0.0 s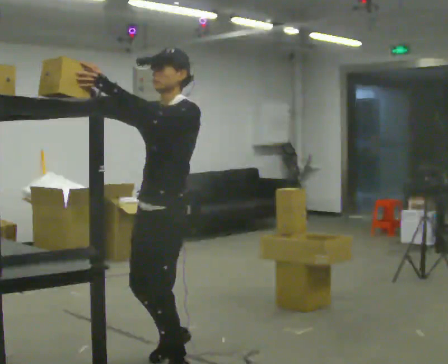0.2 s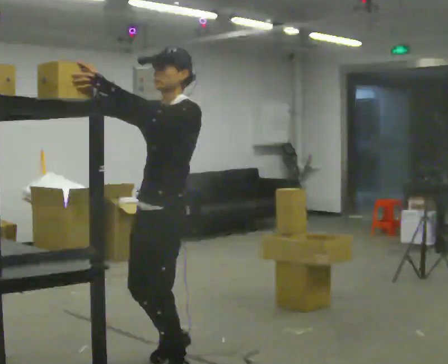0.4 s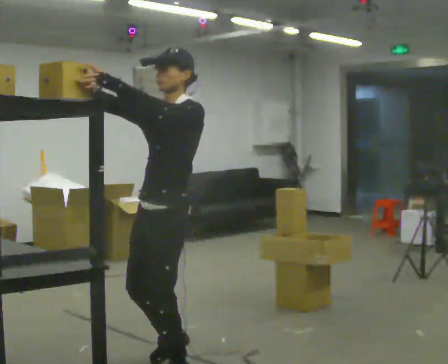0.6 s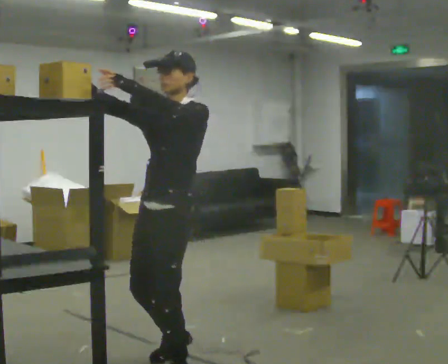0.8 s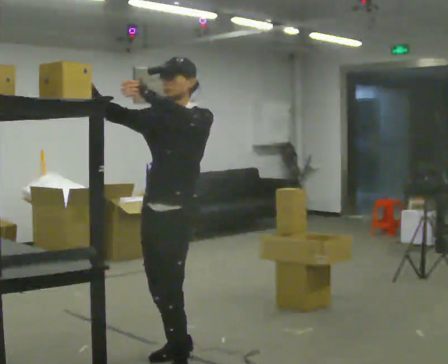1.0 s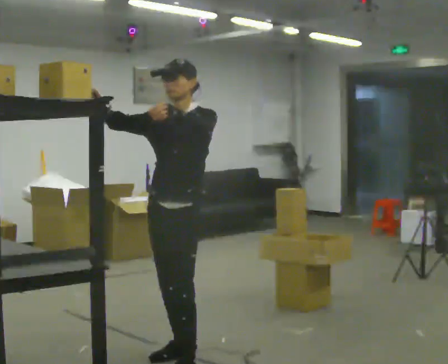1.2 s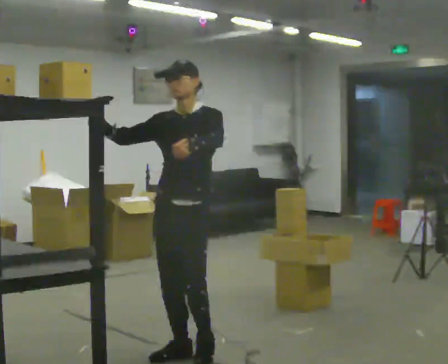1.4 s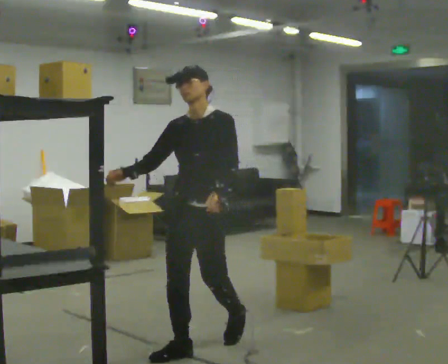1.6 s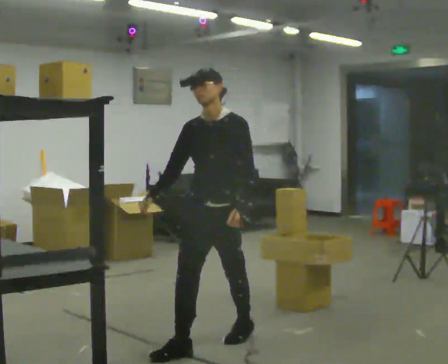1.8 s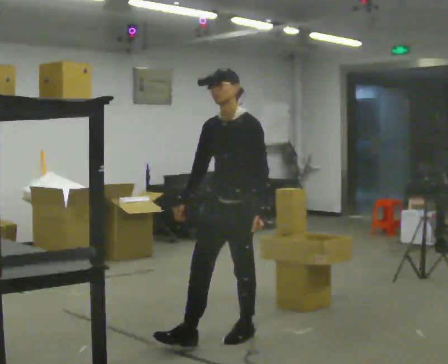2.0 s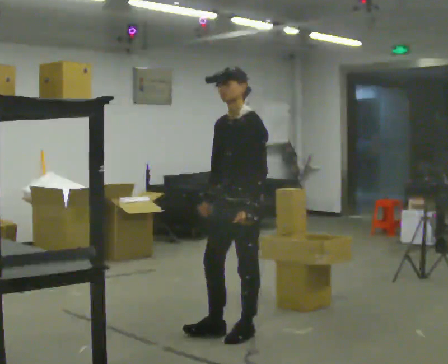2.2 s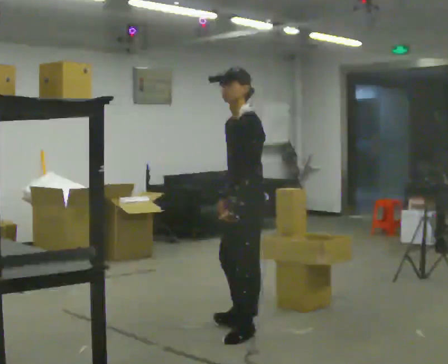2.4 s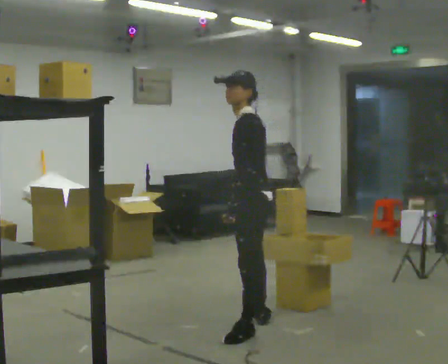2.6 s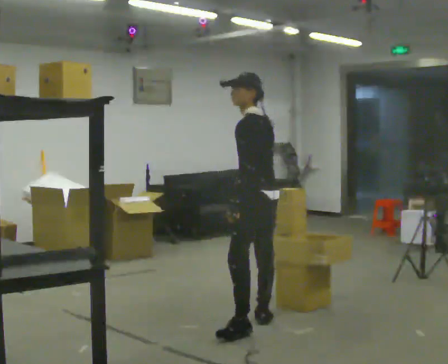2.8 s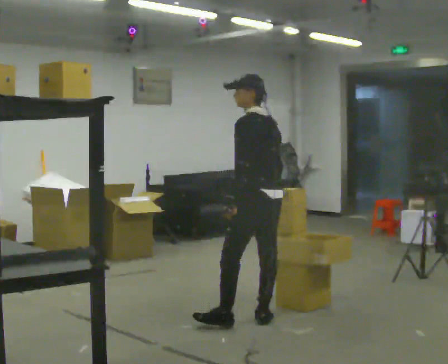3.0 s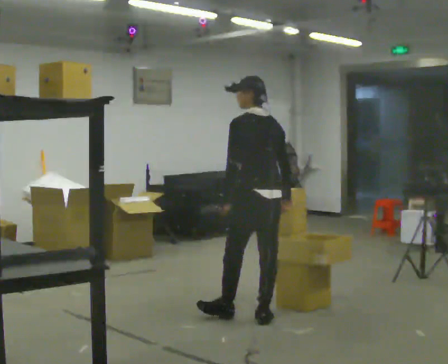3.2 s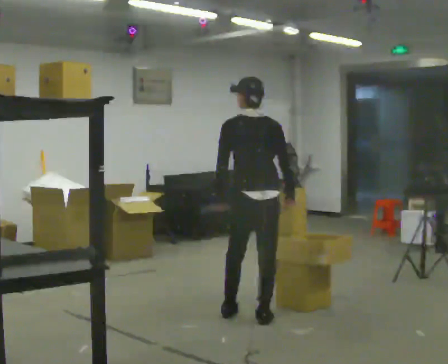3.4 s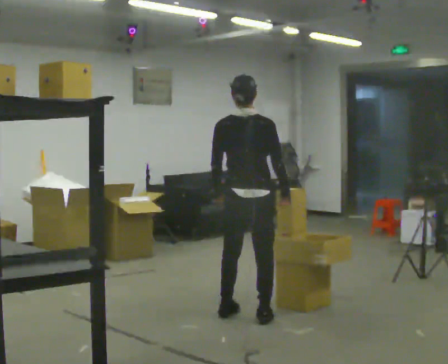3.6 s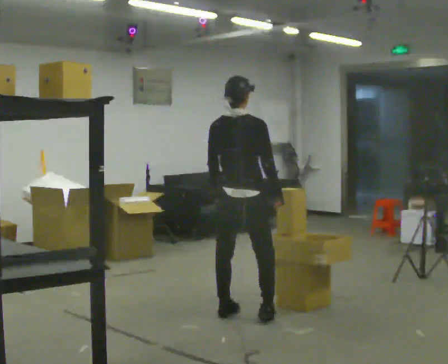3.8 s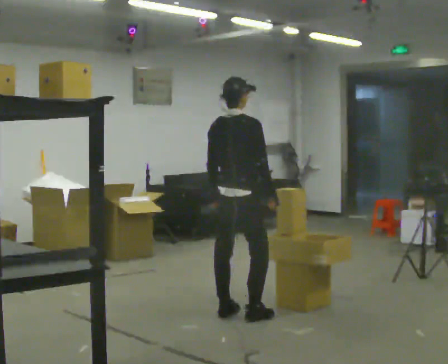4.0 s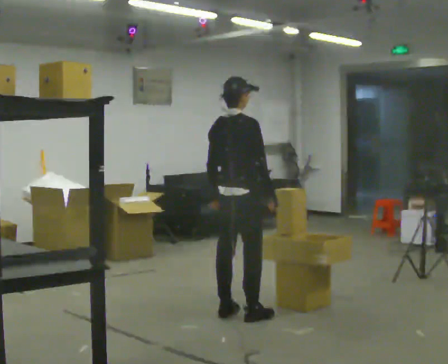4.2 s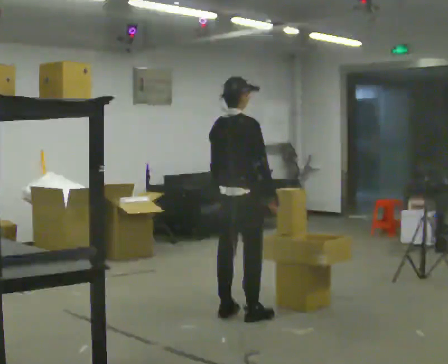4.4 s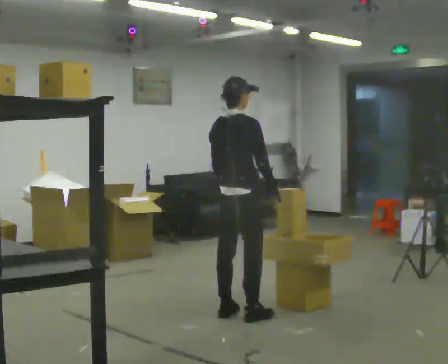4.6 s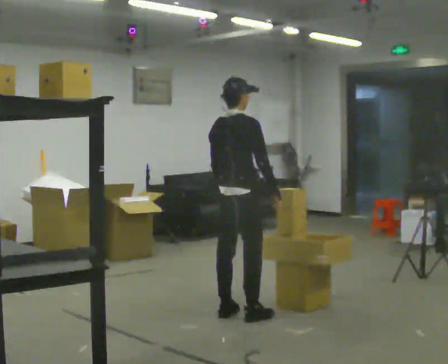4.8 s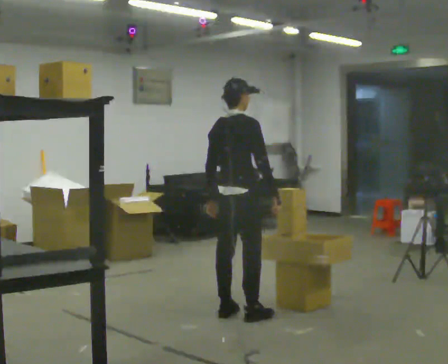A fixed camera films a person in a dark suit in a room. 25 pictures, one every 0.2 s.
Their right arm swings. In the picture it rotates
counterclockwise.
The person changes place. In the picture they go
away from the camera.
0.0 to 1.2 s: Seen from above the body turns counterclockwise, about 30 degrees: to their left, with its near side sliding to the right. In the picture they go away from the camera, about 0.5 m in 2 steps, which for them is backward and to their right.
1.2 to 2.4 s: The person turns about 75 degrees to their right, clockwise seen from above, so the part of the body nearest the lens slides to the left. In the picture they go away from the camera and to the right, about 0.75 m in 1 step. In the picture their right hand goes downward, the arm swinging counterclockwise.
2.4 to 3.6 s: The person turns about 105 degrees to their right, clockwise seen from above, so the part of the body nearest the lens slides to the left. In the picture they go away from the camera, about 0.5 m in 1 step.
3.6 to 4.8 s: The person moves a little, or ends about where they began.
The film runs backward here.
